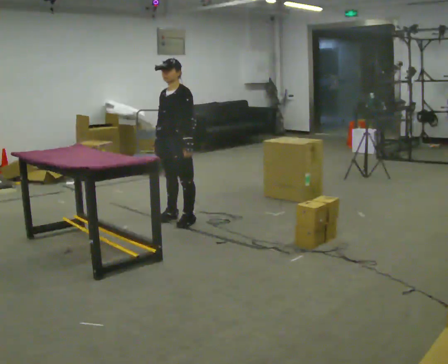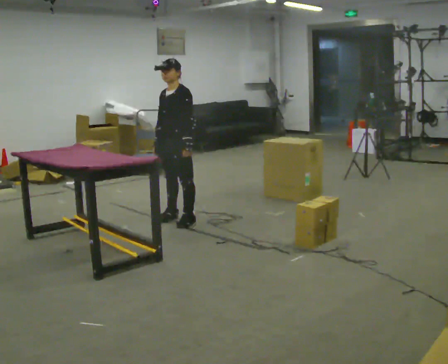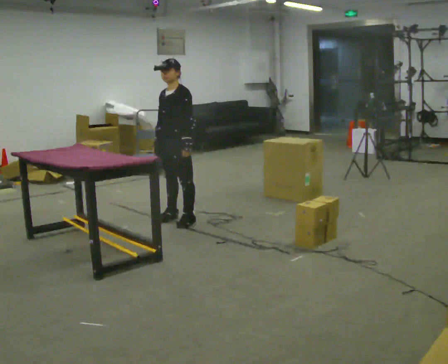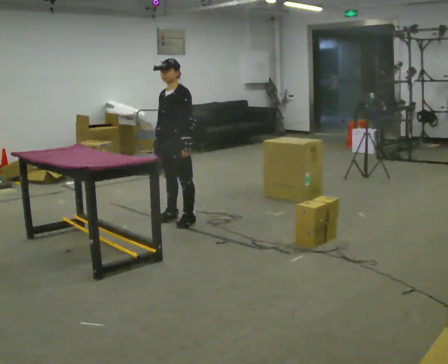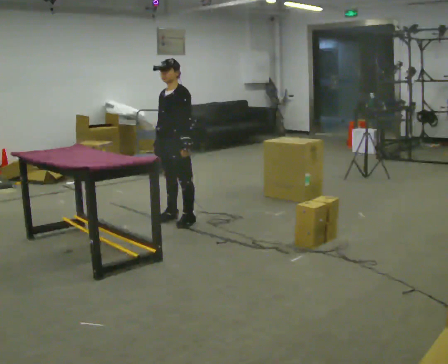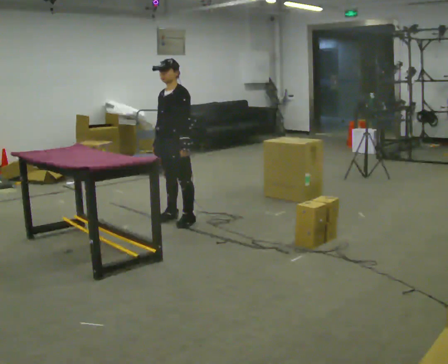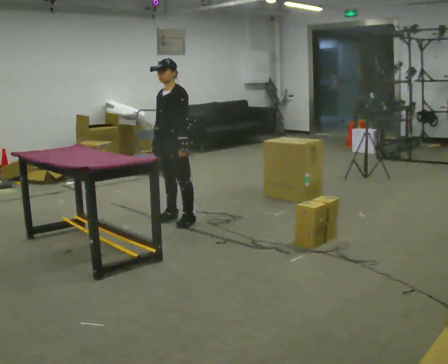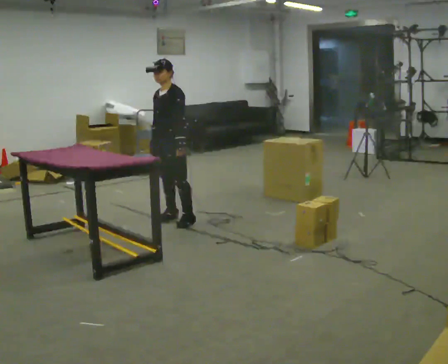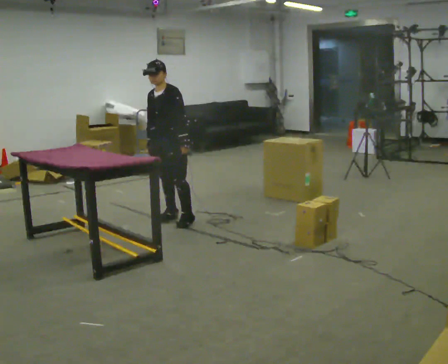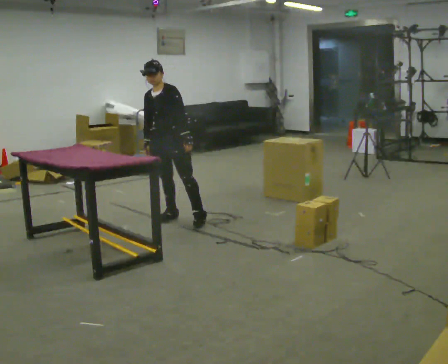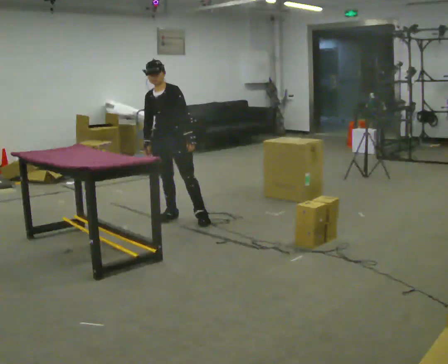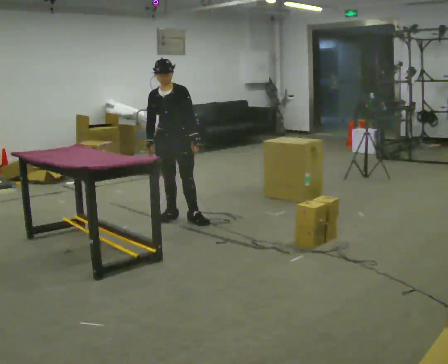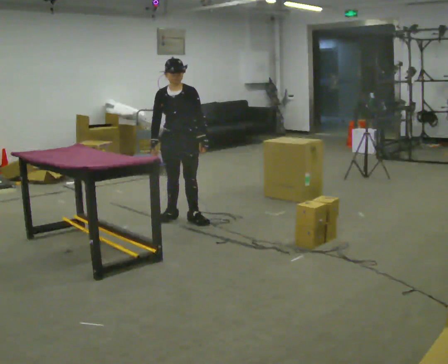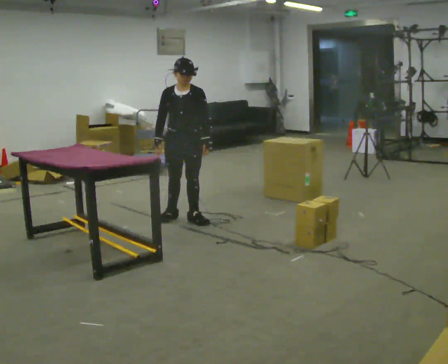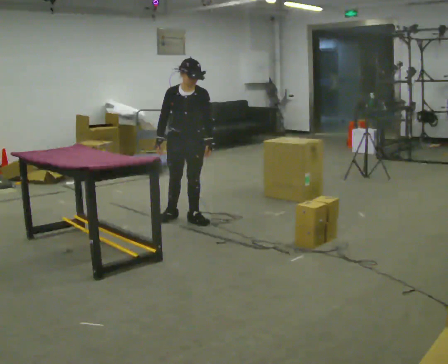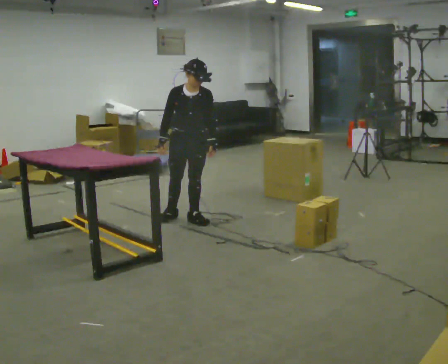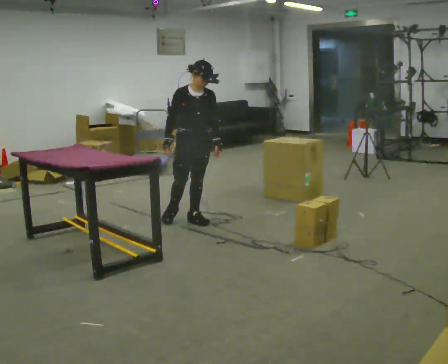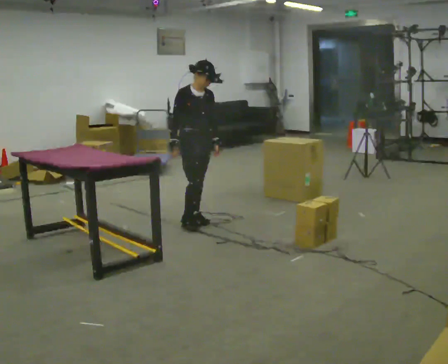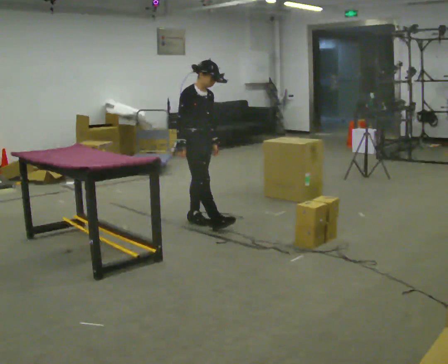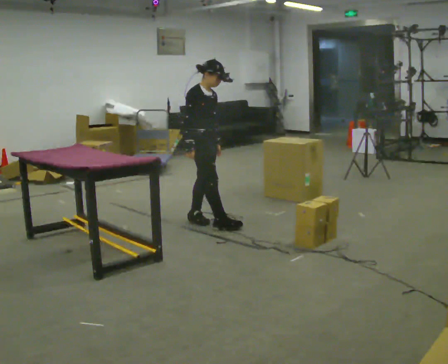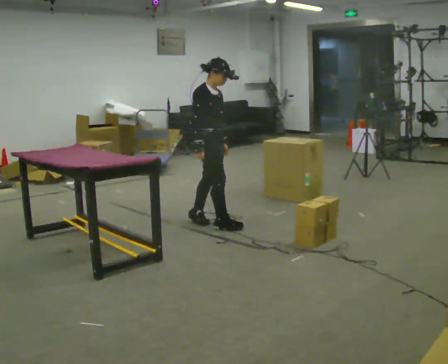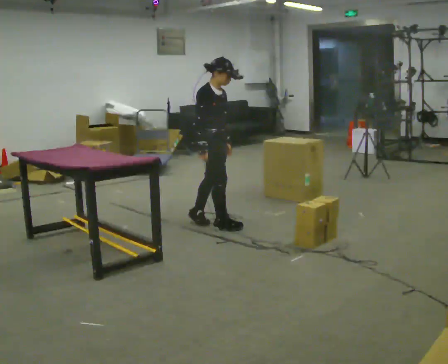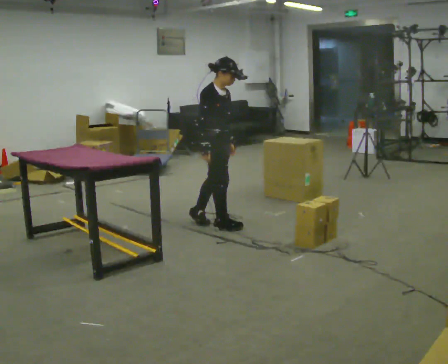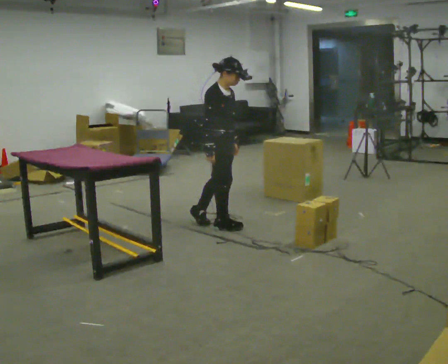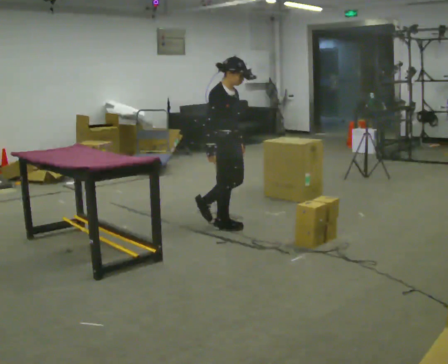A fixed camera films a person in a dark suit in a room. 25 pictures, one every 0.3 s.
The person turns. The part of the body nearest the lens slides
to the right.
The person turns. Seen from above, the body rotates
counterclockwise.
0.0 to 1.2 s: The person keeps their place and pose.
1.2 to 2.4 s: The person moves a little, or ends about where they began.
2.4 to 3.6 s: Seen from above the body turns counterclockwise, about 30 degrees: to their left, with its near side sliding to the right.
3.6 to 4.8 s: The part of the body nearest the lens slides to the right as the person turns to their left by about 30 degrees.
4.8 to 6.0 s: The part of the body nearest the lens slides to the right as the person turns to their left by about 45 degrees. In the picture they go toward the camera, about 0.25 m in 1 step, which for them is forward.
6.0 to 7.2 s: The person moves a little, or ends about where they began.
The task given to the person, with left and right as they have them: 1. The operator will tell you the shelf is already sorted and just needs moving to the table. 2. Do what you think is right. 3. Tell the operator when you are finished.
The film runs forward here.
